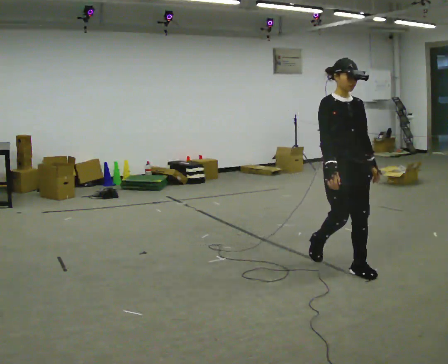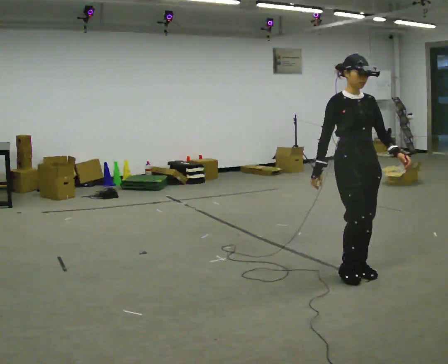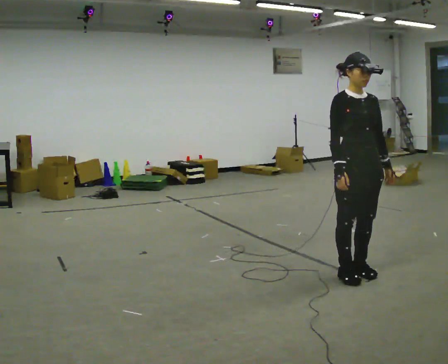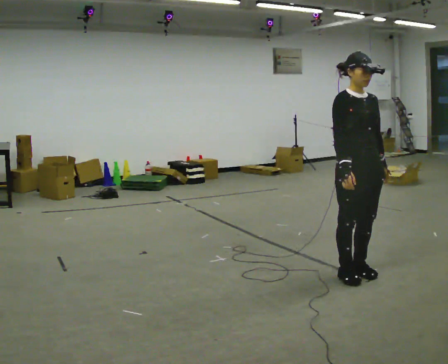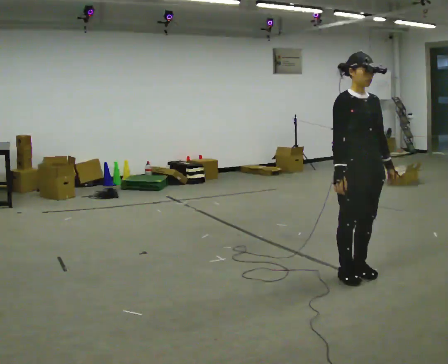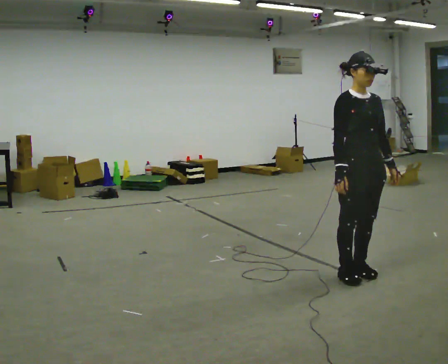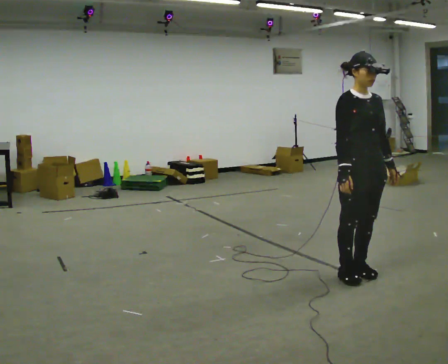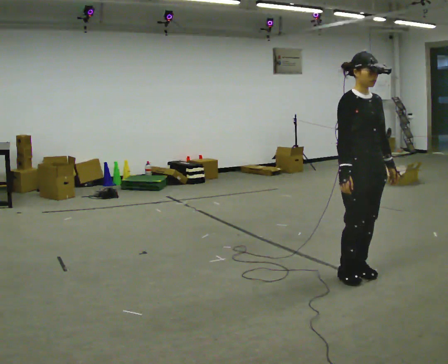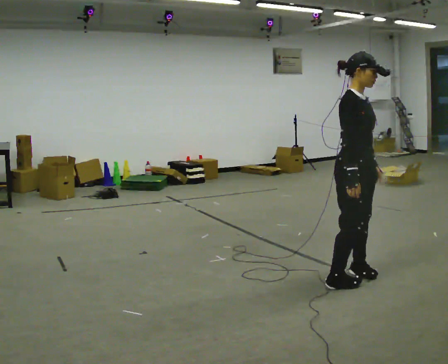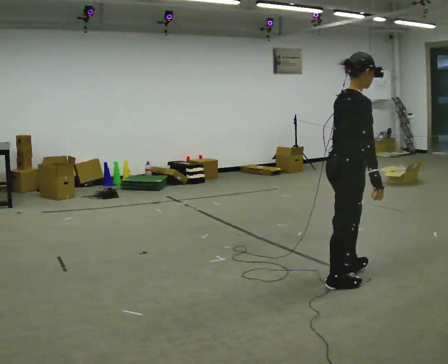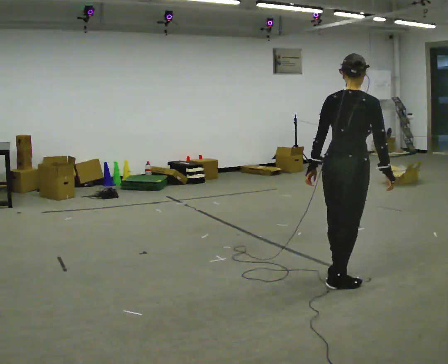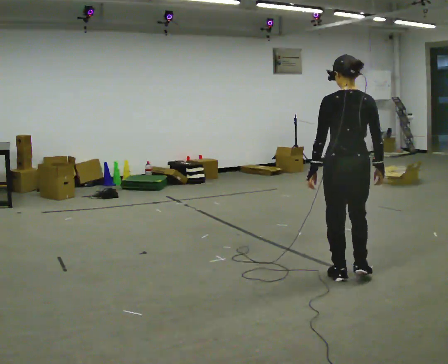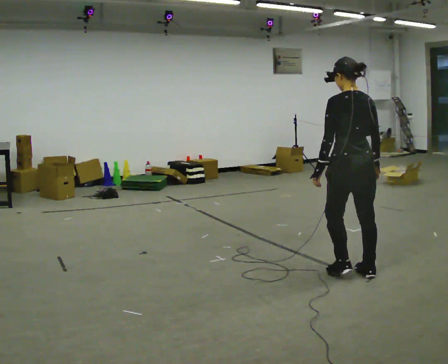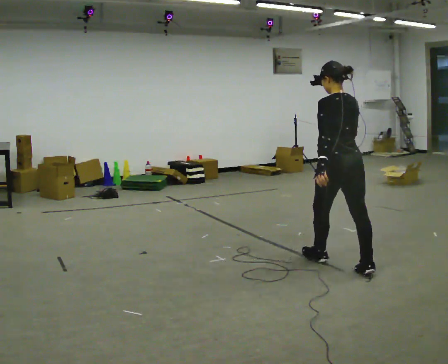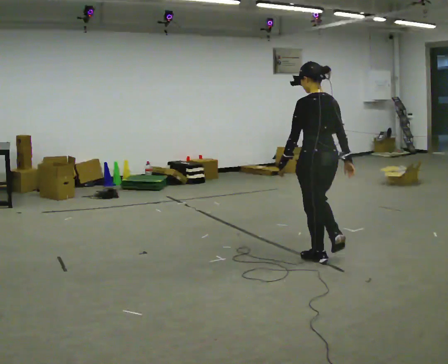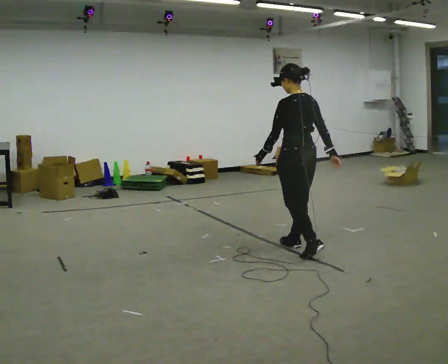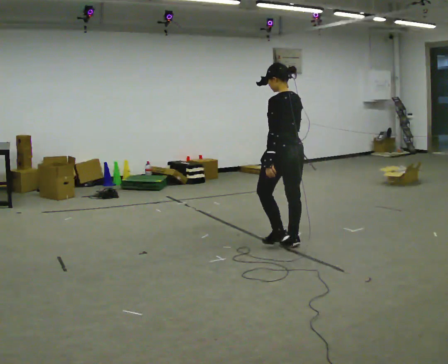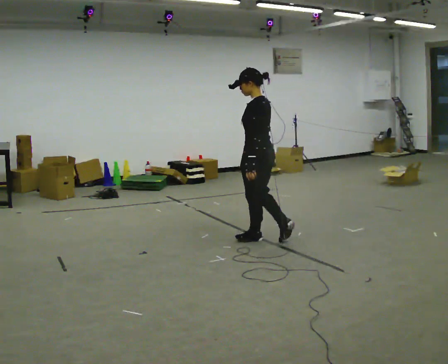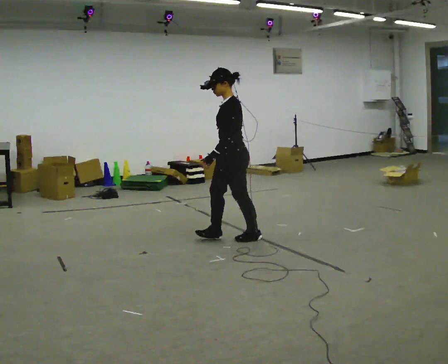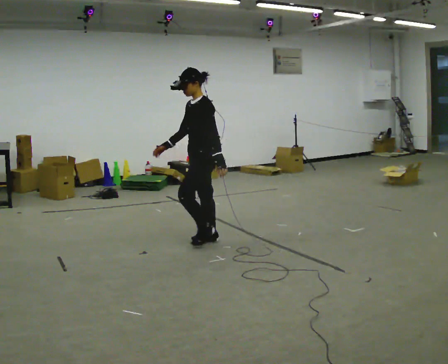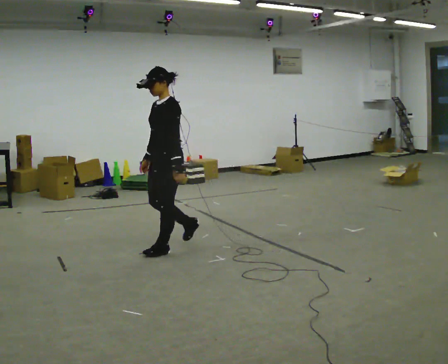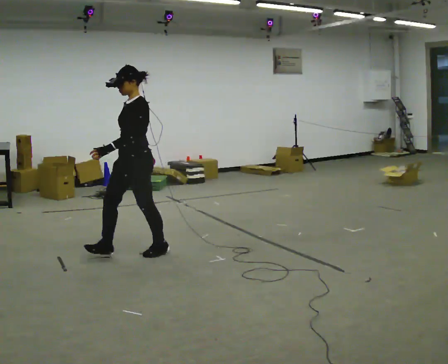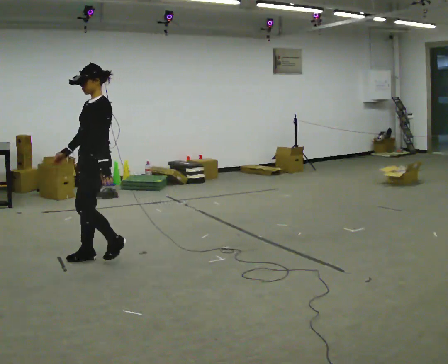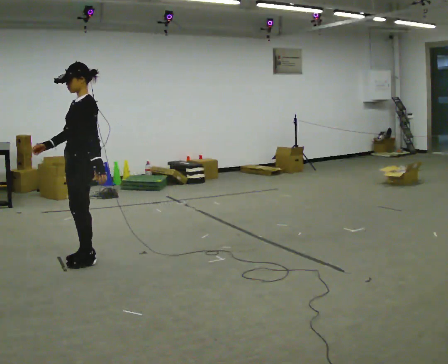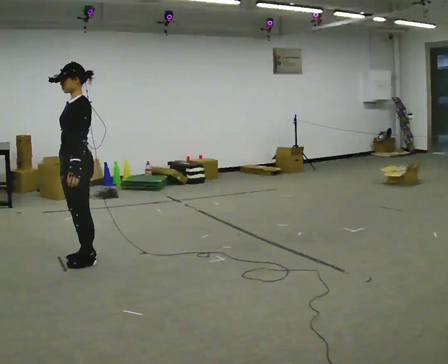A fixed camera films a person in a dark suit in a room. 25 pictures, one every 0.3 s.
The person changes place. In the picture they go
to the left.
The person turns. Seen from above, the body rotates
counterclockwise.
0.0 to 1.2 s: In the picture they go toward the camera, about 0.25 m in 1 step, which for them is forward.
1.2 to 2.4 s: The part of the body nearest the lens slides to the right as the person turns to their left by about 45 degrees.
2.4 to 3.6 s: The person turns about 135 degrees to their left, counterclockwise seen from above, so the part of the body nearest the lens slides to the right. In the picture they go away from the camera, about 0.25 m in 2 steps. In the picture their left hand goes to the left.
3.6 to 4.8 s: The part of the body nearest the lens slides to the right as the person turns to their left by about 30 degrees. In the picture they go away from the camera and to the left, about 1 m in 2 steps, which for them is forward.
4.8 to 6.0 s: Seen from above the body turns counterclockwise, about 75 degrees: to their left, with its near side sliding to the right. In the picture they go to the left, about 1 m in 3 steps.
6.0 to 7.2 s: In the picture they go to the left and toward the camera, about 0.5 m in 2 steps, which for them is forward.
The film runs forward here.
